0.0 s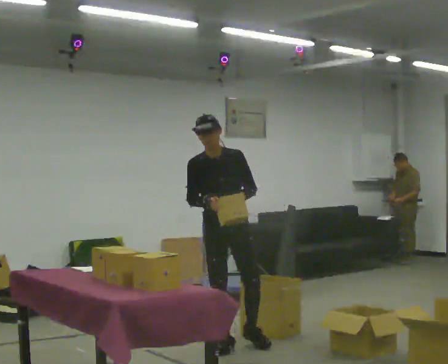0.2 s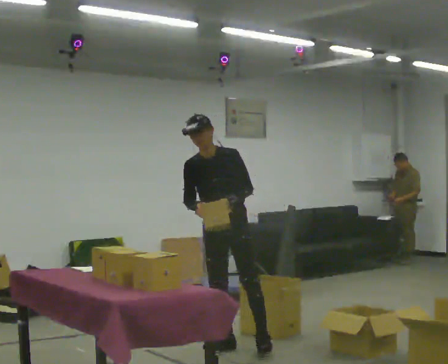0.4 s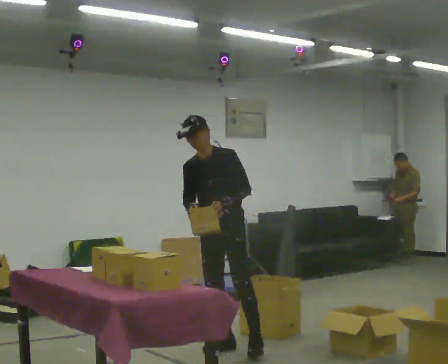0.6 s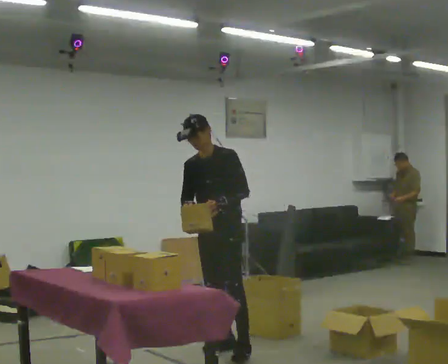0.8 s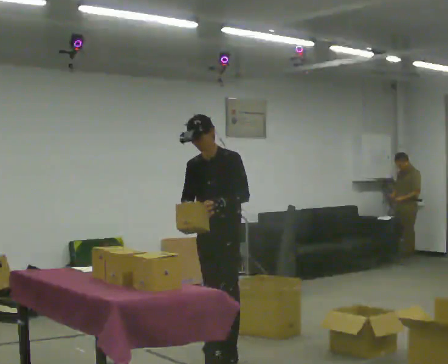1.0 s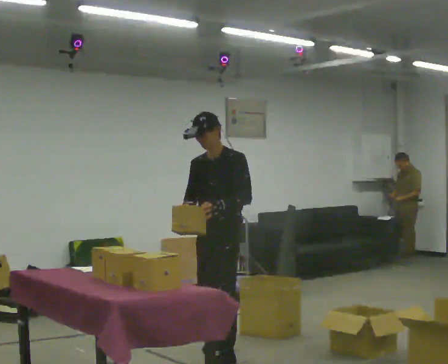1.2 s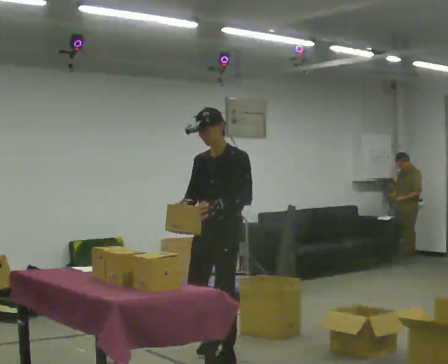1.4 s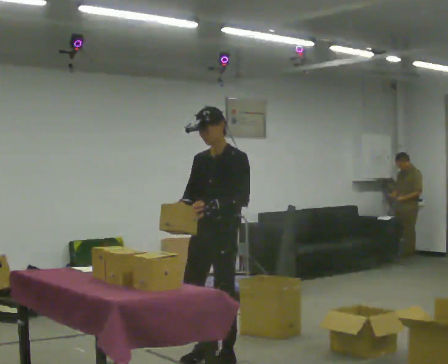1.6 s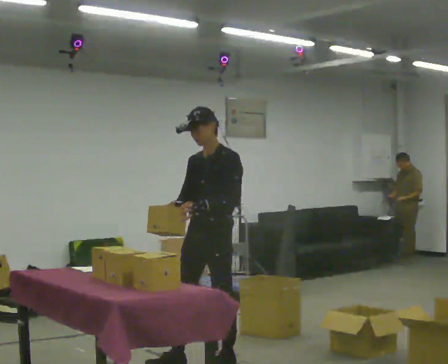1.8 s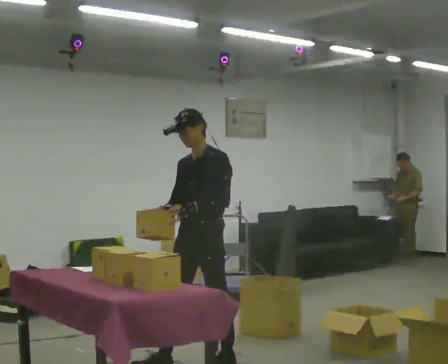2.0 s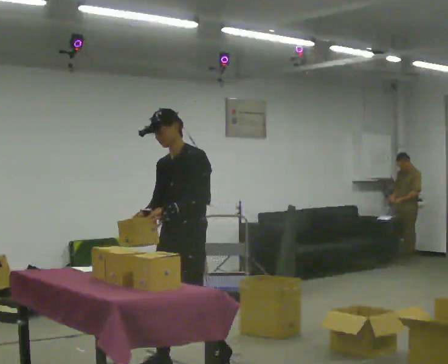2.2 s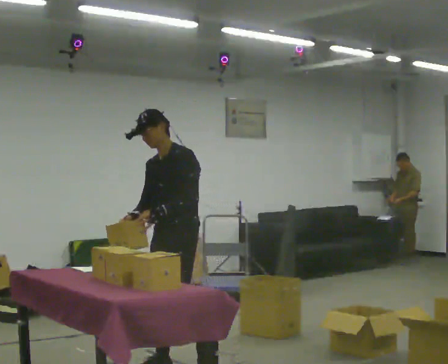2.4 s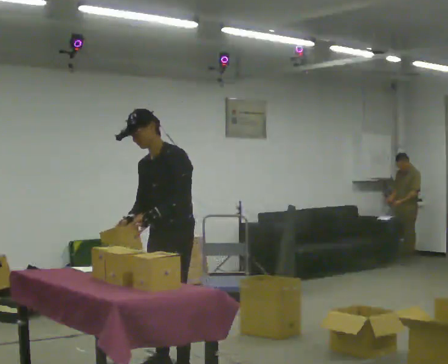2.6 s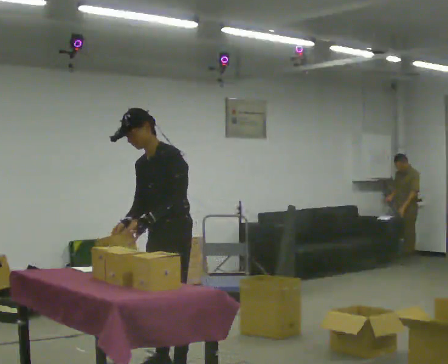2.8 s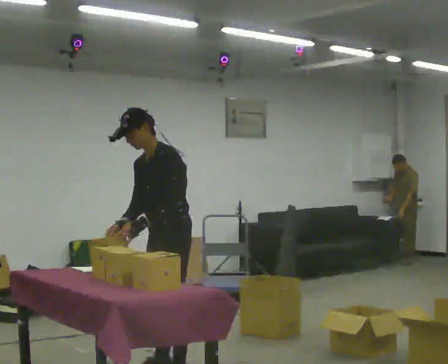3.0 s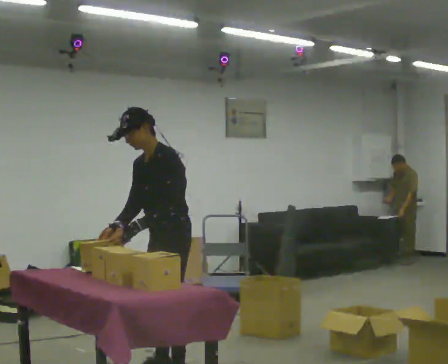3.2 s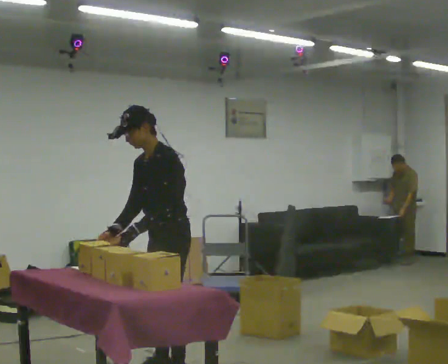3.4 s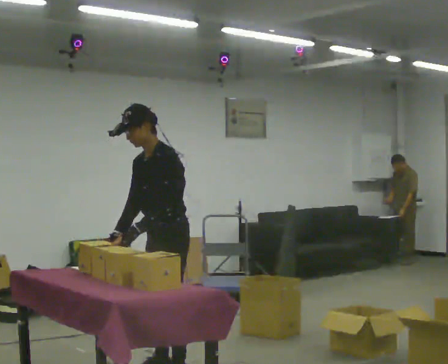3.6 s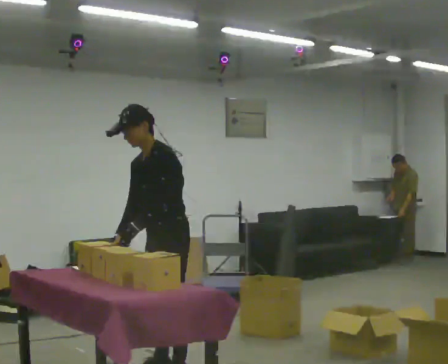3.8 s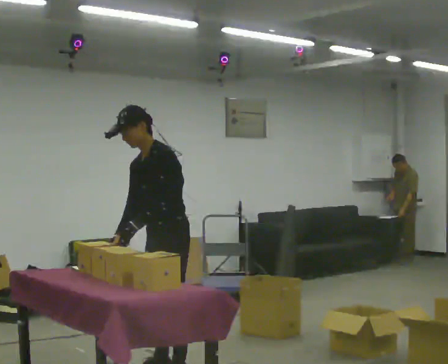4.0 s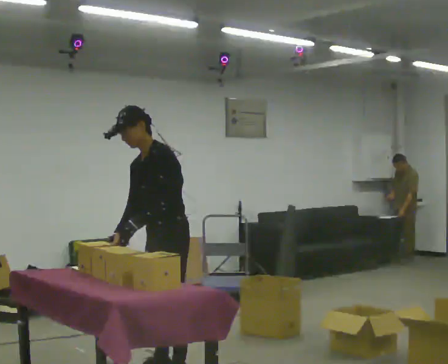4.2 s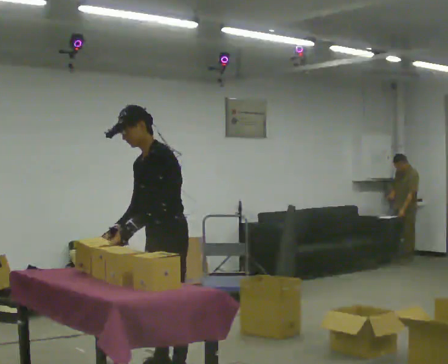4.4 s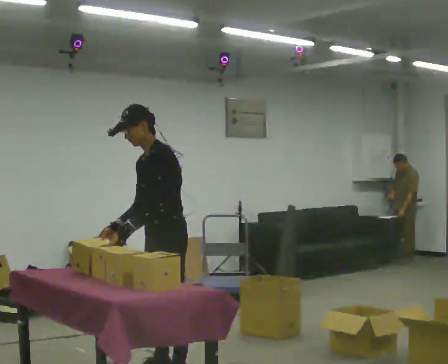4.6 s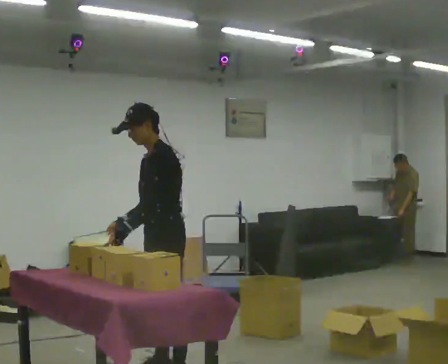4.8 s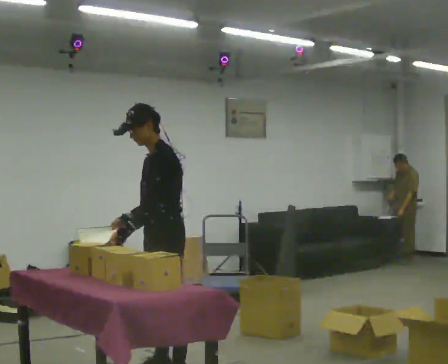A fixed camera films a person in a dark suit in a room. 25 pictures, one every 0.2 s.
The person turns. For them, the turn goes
to their right.
The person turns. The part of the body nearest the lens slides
to the left.
0.0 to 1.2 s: Seen from above the body turns clockwise, about 45 degrees: to their right, with its near side sliding to the left. In the picture they go toward the camera, about 0.5 m in 1 step, which for them is forward and to their left.
1.2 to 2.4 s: In the picture they go to the left and toward the camera, about 0.5 m in 1 step, which for them is forward.
2.4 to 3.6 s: In the picture they go toward the camera, about 0.25 m in 1 step, which for them is to their left.
3.6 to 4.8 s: The person moves a little, or ends about where they began.
The film runs forward here.
